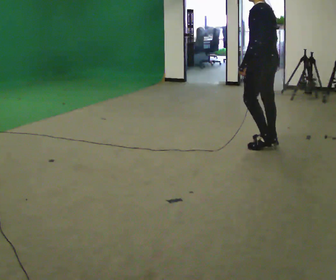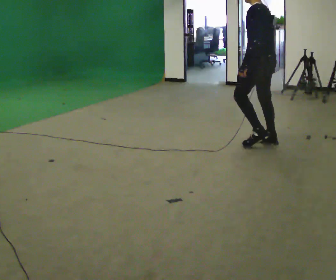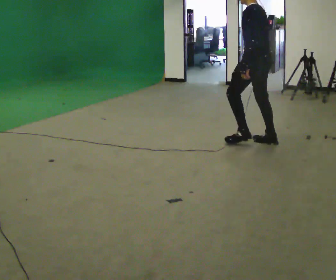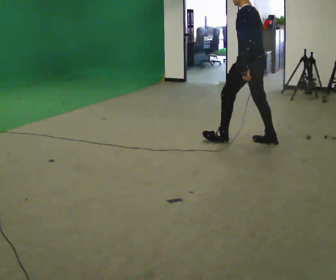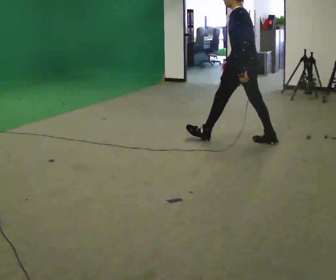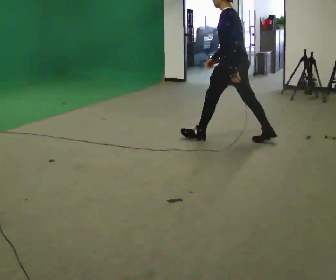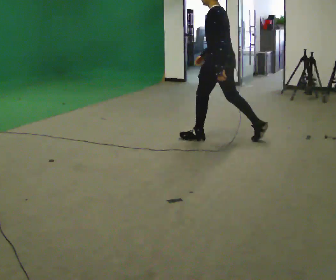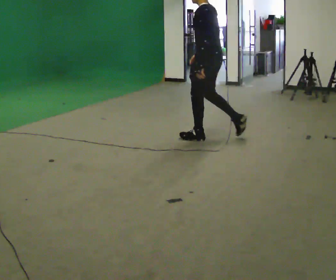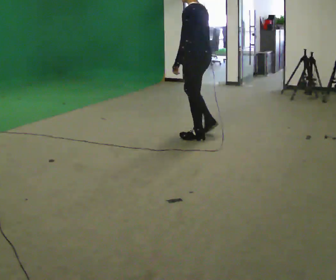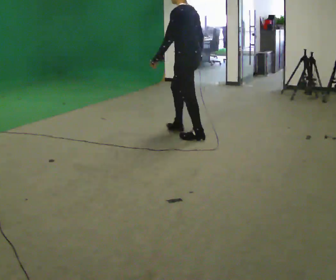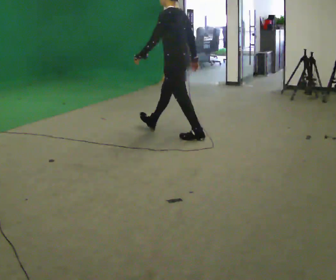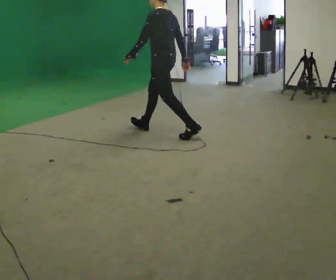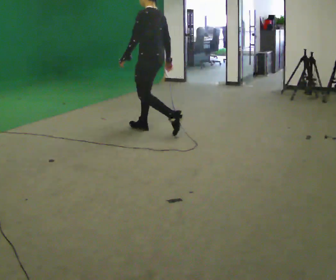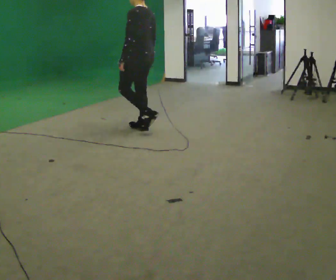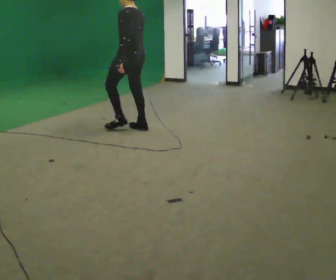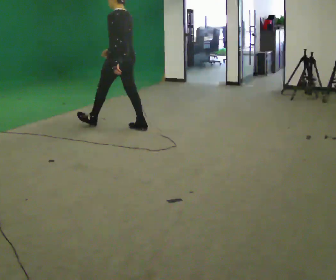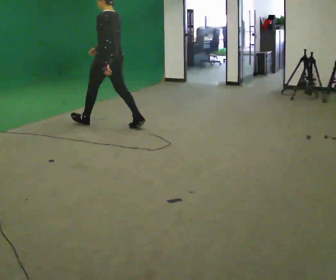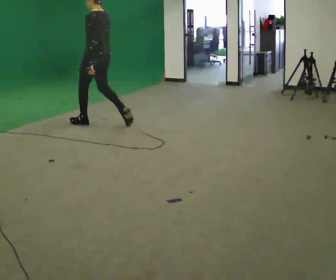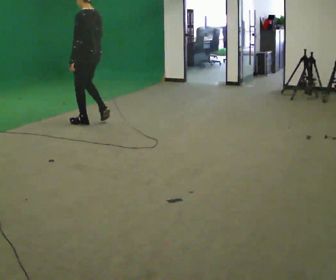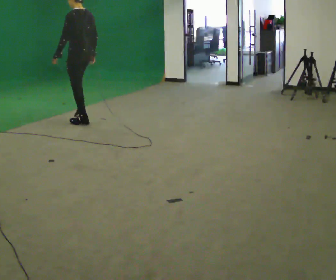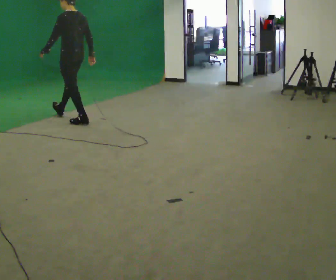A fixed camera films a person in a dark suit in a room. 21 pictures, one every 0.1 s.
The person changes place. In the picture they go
to the left.
0.0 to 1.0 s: In the picture they go to the left and away from the camera, about 1 m in 1 step, which for them is forward.
1.0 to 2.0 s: In the picture they go to the left and away from the camera, about 1.5 m in 2 steps, which for them is forward.
The film runs forward here.
